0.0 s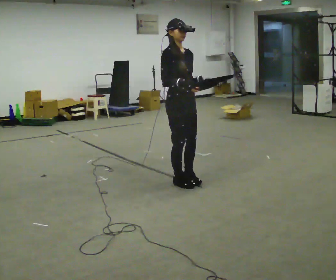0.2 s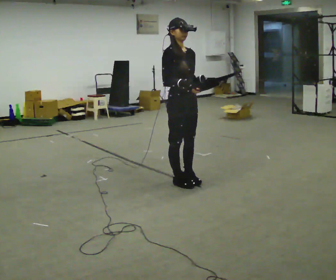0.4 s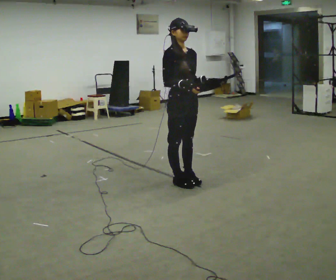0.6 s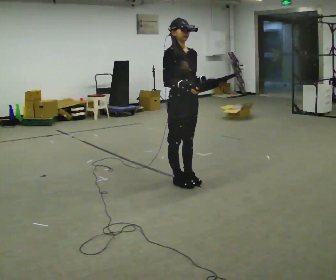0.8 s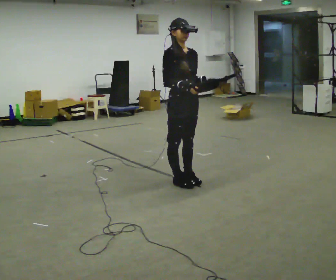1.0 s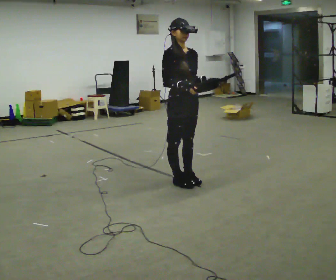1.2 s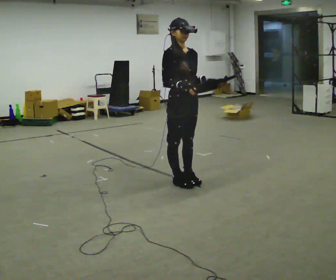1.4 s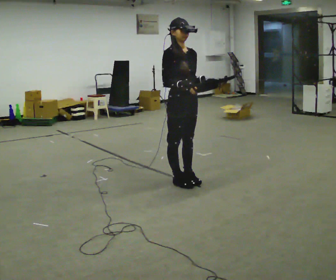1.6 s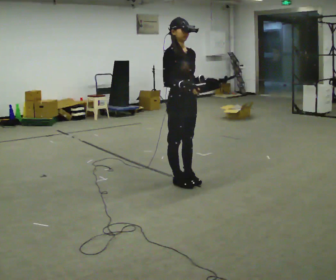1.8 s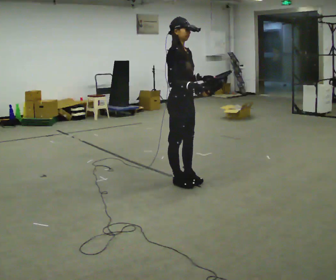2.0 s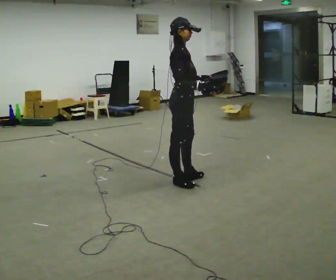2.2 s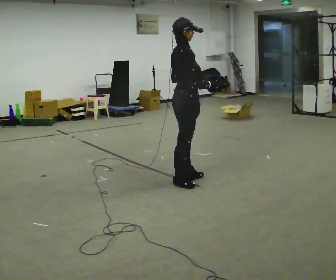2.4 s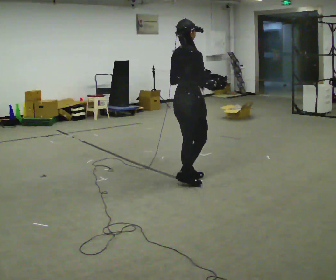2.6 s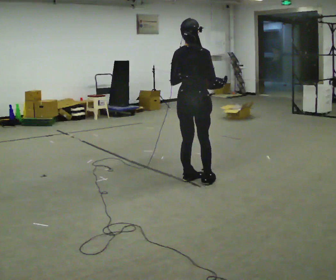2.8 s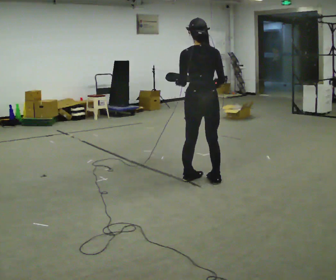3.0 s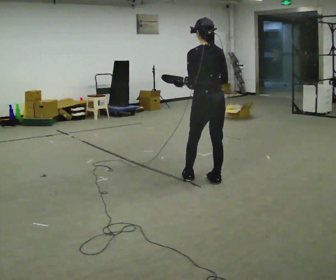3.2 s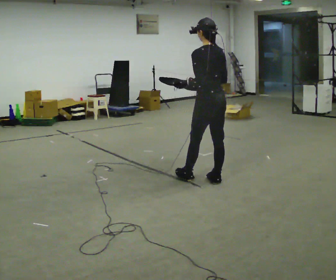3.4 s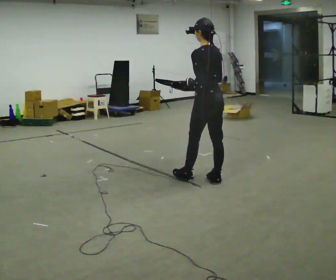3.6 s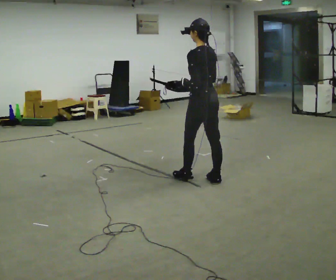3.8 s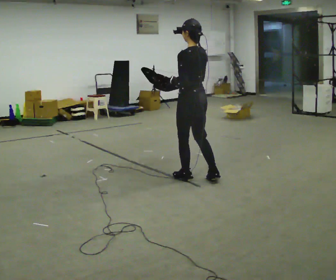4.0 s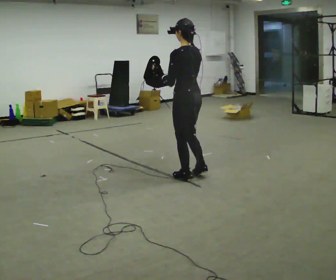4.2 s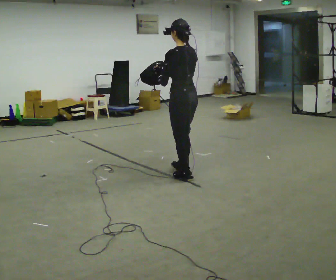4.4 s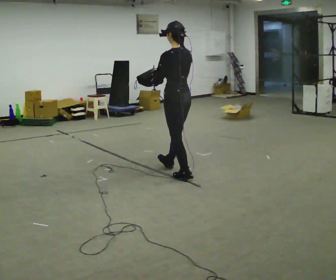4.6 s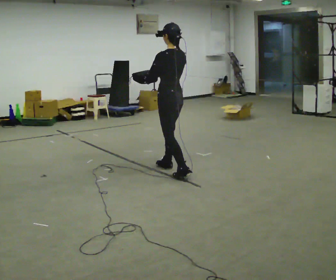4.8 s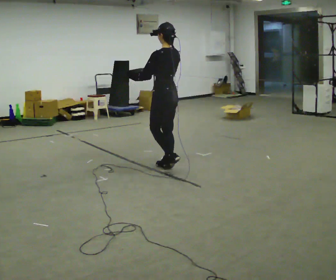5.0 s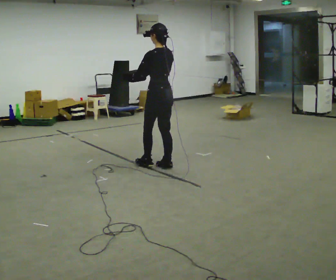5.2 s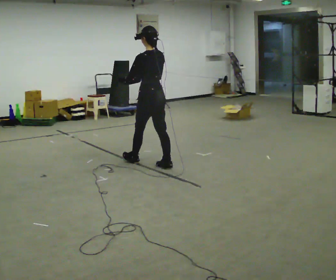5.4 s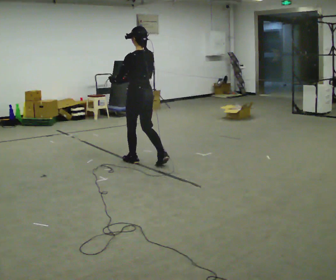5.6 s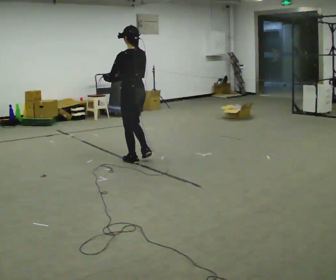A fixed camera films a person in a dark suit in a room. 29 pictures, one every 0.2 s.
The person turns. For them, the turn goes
to their left.
The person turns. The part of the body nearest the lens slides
to the right.
0.0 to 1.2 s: The person moves a little, or ends about where they began.
1.2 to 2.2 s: The person turns about 75 degrees to their left, counterclockwise seen from above, so the part of the body nearest the lens slides to the right.
2.2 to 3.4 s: The part of the body nearest the lens slides to the right as the person turns to their left by about 120 degrees. In the picture they go to the right, about 0.25 m in 1 step.
3.4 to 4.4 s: In the picture they go to the left, about 0.5 m in 1 step, which for them is forward.
4.4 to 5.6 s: In the picture they go to the left, about 0.5 m in 1 step, which for them is forward.
The film runs forward here.
